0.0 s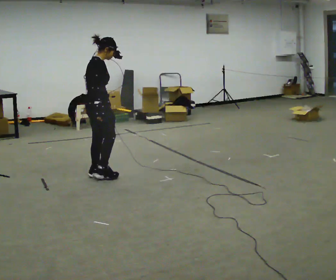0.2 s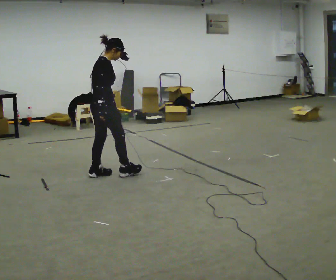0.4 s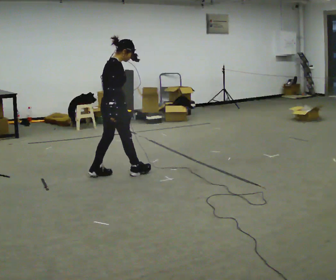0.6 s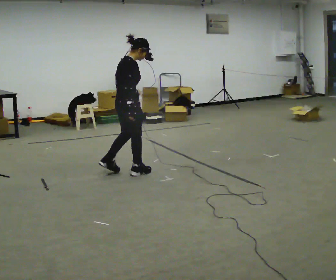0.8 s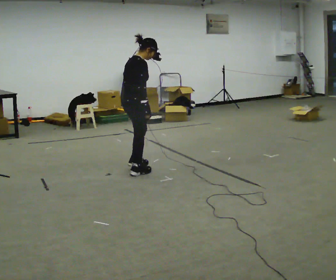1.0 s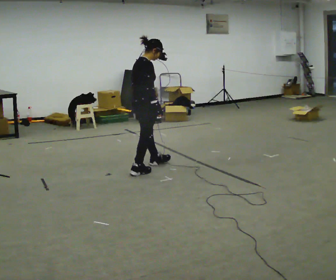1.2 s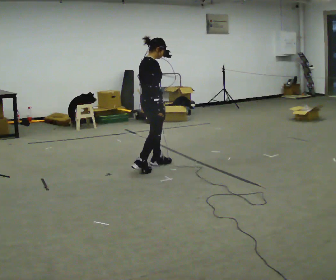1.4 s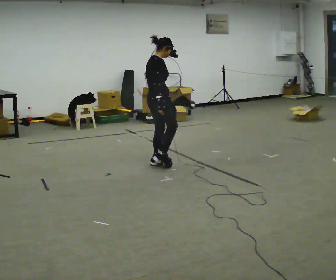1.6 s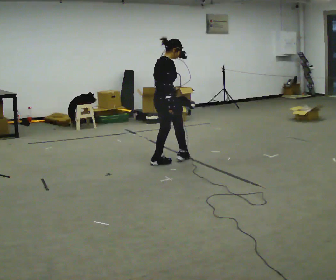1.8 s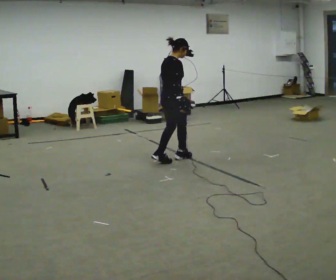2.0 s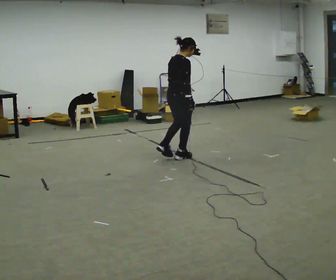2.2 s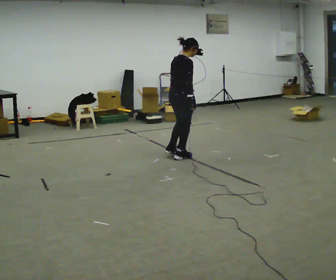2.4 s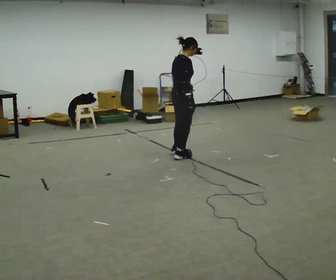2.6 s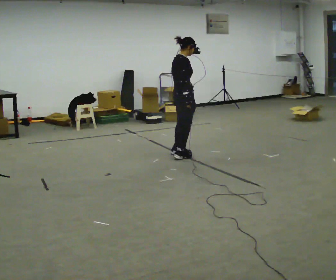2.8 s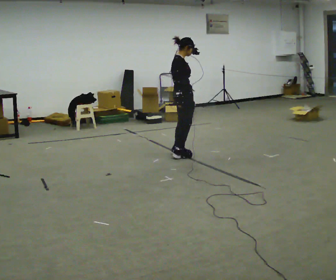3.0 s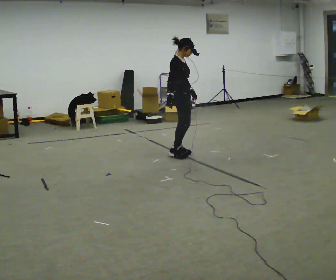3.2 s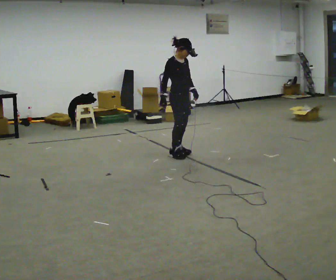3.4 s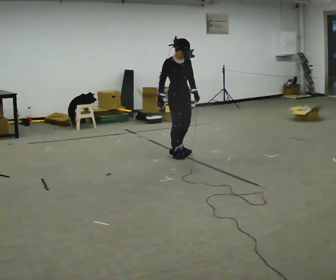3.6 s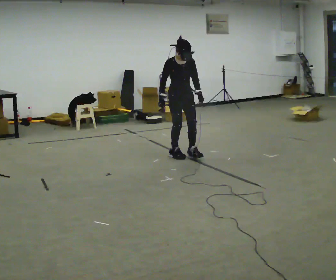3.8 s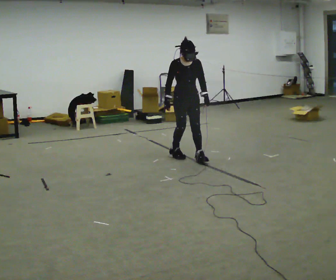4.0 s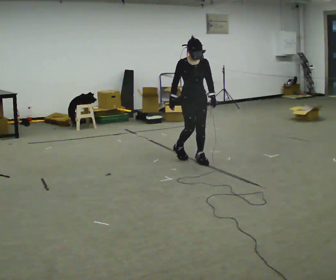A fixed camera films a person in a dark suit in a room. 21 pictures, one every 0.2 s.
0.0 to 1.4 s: In the picture they go to the right and away from the camera, about 1 m in 2 steps, which for them is forward.
1.4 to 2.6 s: In the picture they go away from the camera and to the right, about 0.5 m in 1 step, which for them is forward and to their left.
2.6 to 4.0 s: Seen from above the body turns clockwise, about 90 degrees: to their right, with its near side sliding to the left. In the picture they go toward the camera, about 0.25 m in 2 steps.
The film runs backward here.
